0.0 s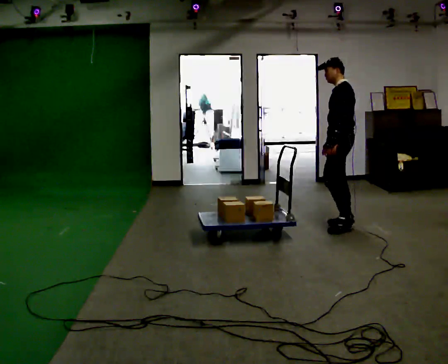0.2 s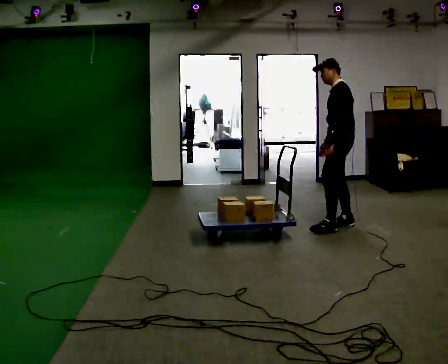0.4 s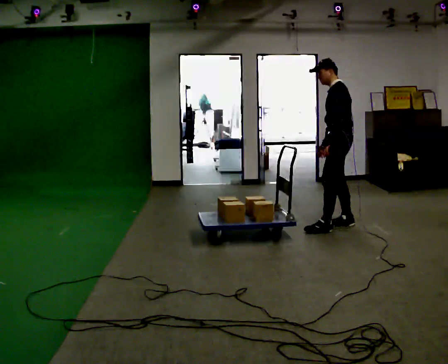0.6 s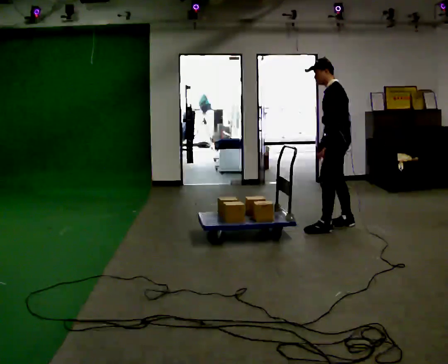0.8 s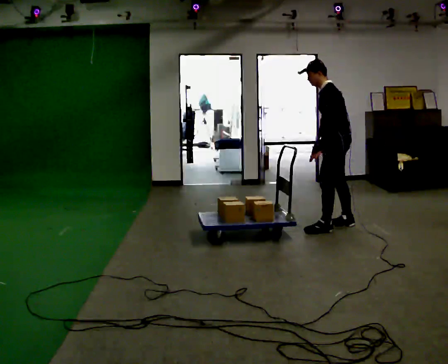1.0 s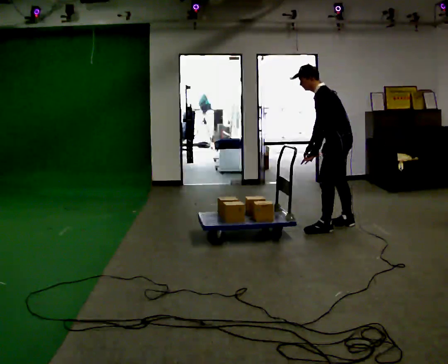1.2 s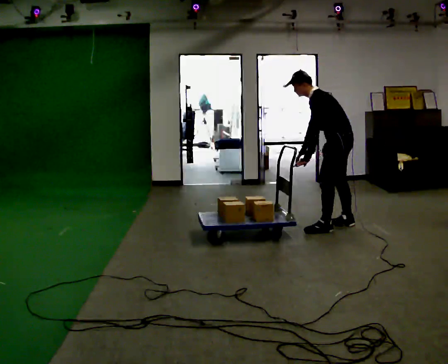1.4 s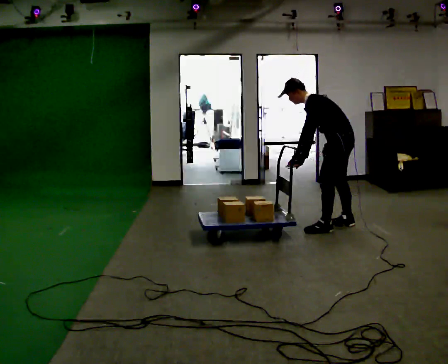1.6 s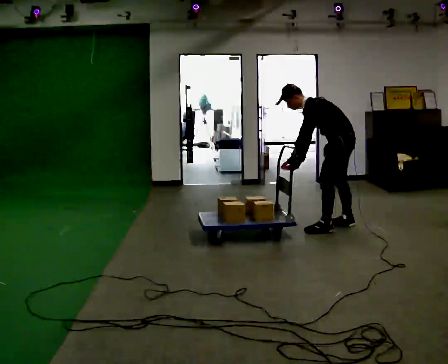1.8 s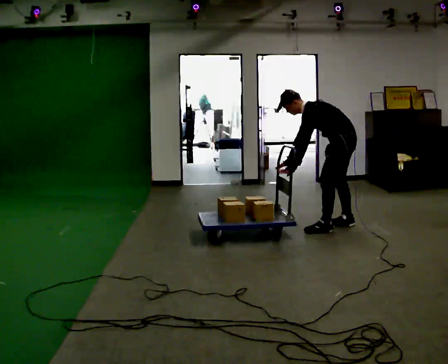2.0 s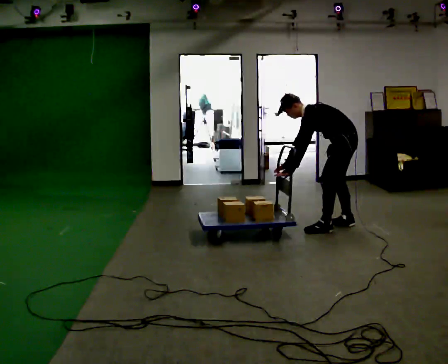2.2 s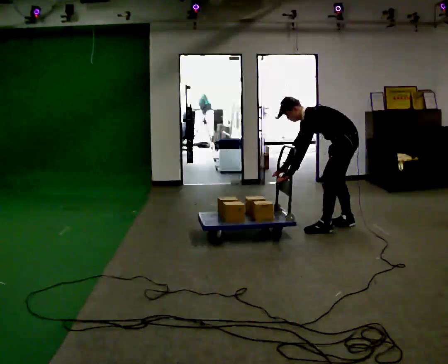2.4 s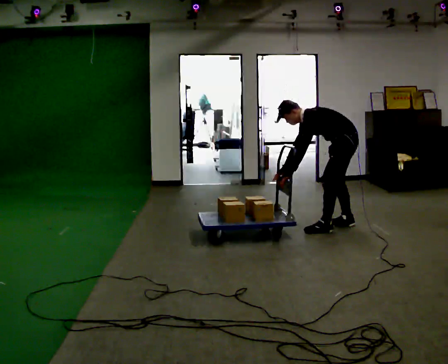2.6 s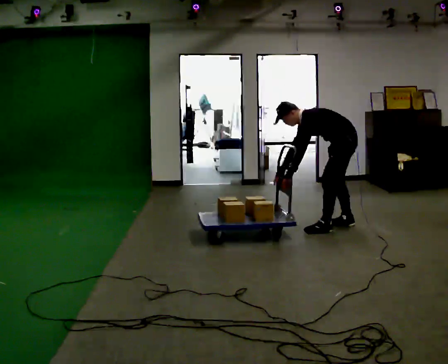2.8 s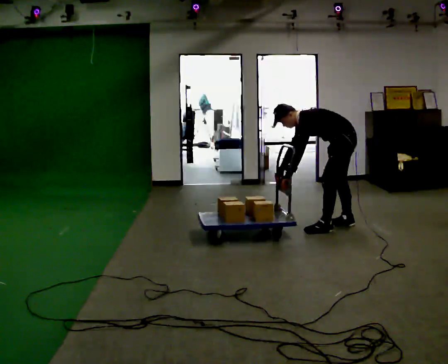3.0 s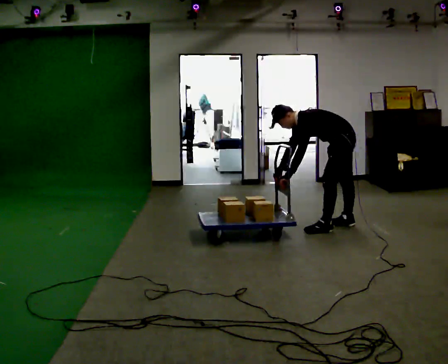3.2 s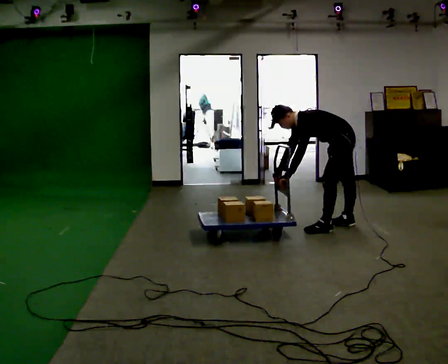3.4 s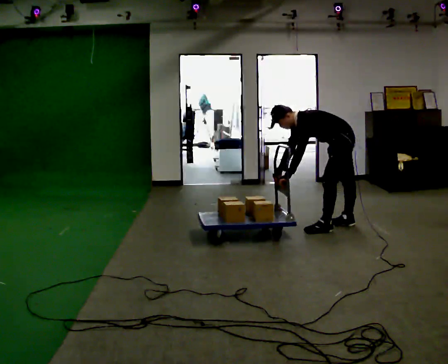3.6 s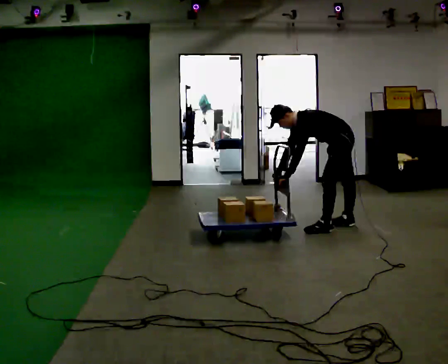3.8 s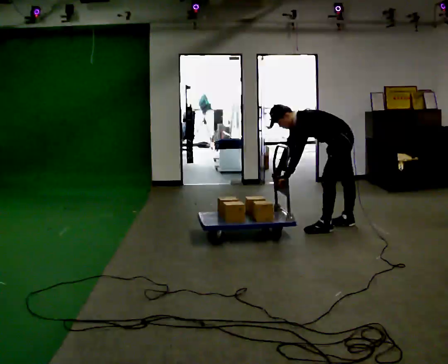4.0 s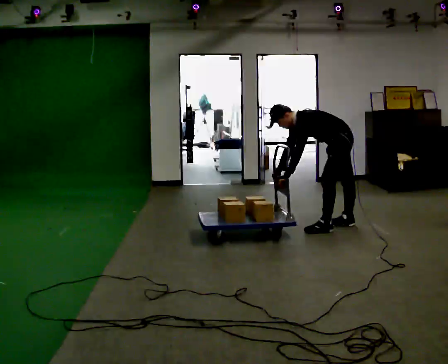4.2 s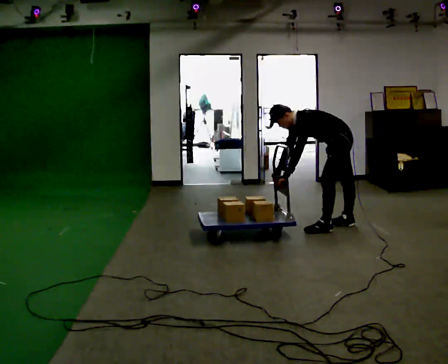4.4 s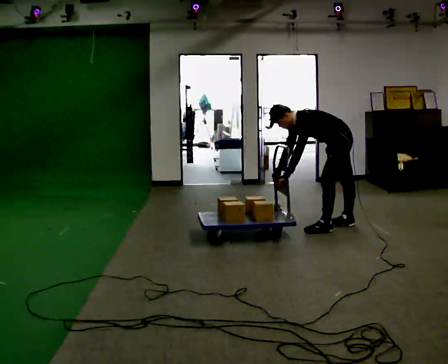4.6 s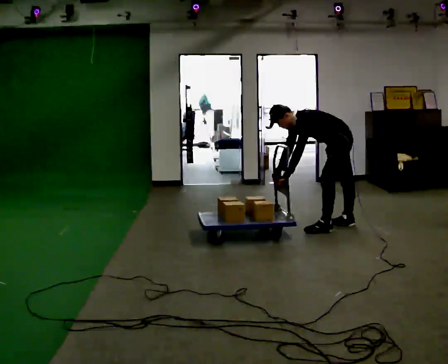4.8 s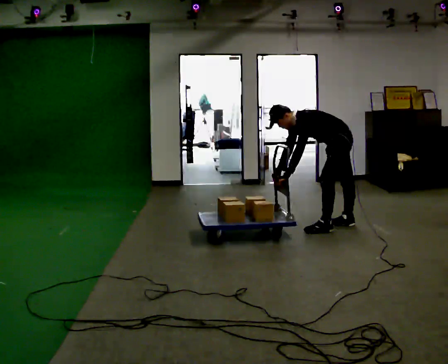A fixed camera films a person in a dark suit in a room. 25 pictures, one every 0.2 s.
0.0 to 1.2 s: In the picture the upper body tilts counterclockwise, shoulders to the left, as they bend forward.
1.2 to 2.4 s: The upper body goes downward. In the picture the upper body tilts counterclockwise, shoulders to the left, as they bend forward.
2.4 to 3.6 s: The person moves a little, or ends about where they began.
3.6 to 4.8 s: The person keeps their place and pose.
The film runs forward here.
